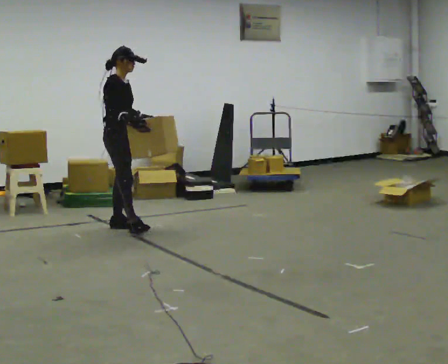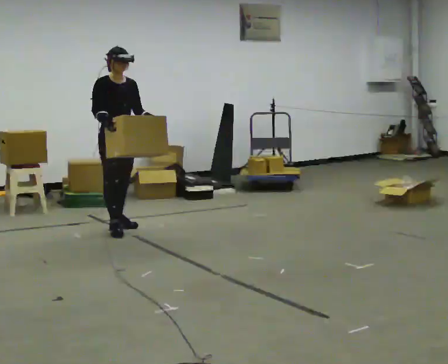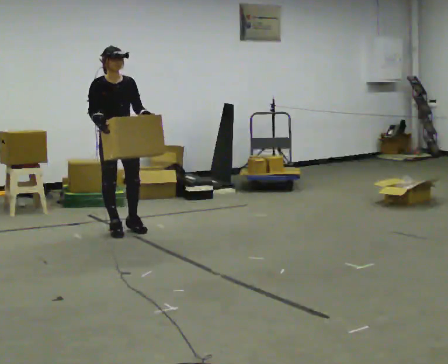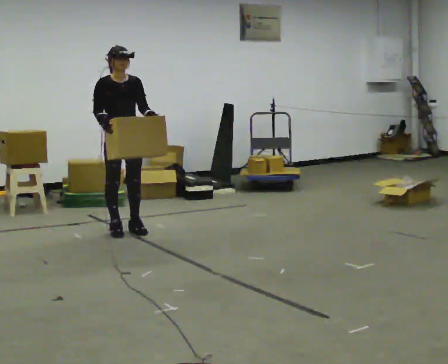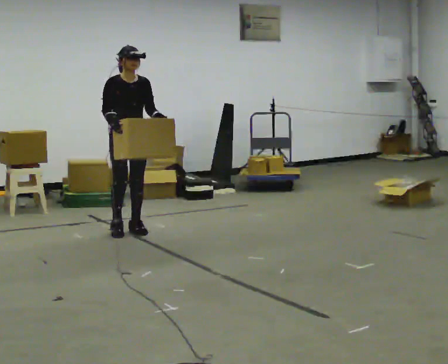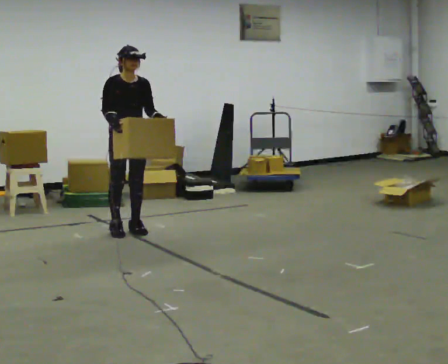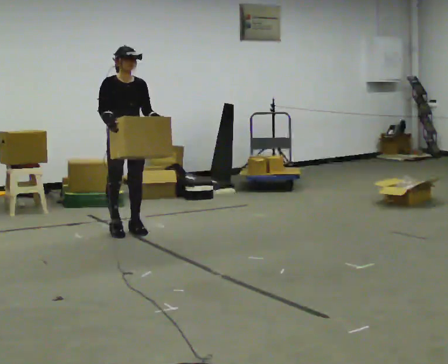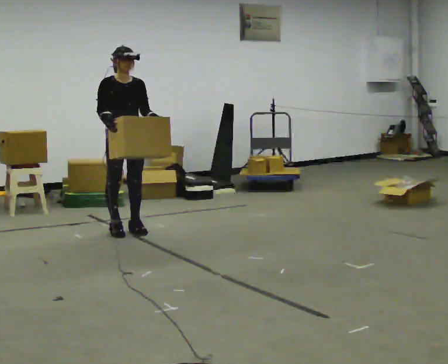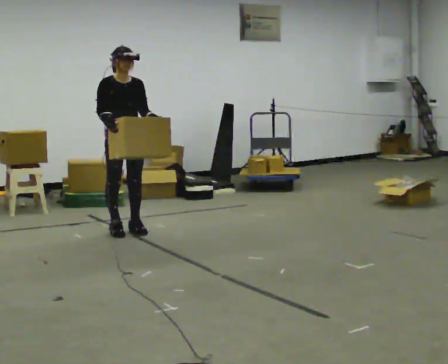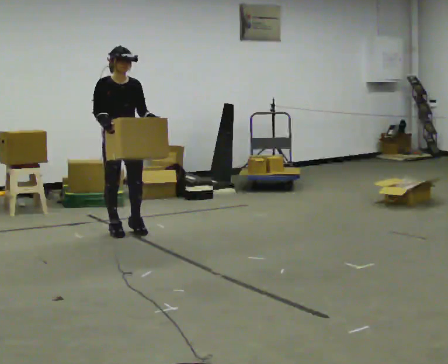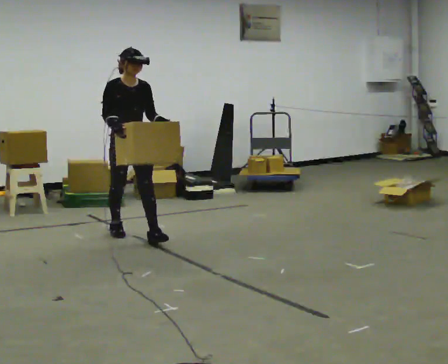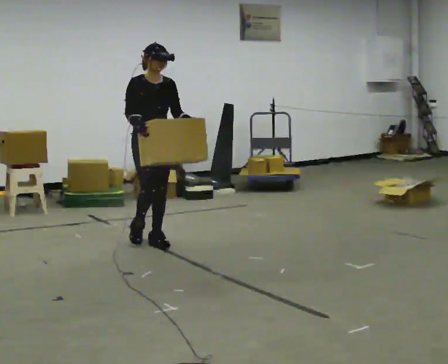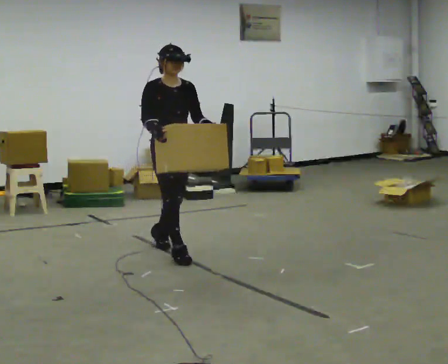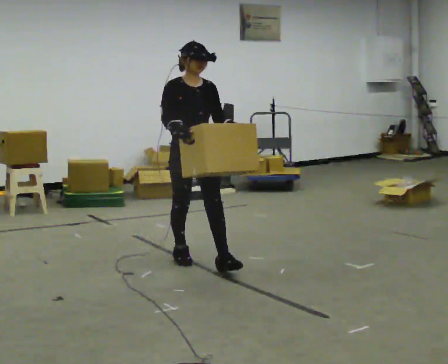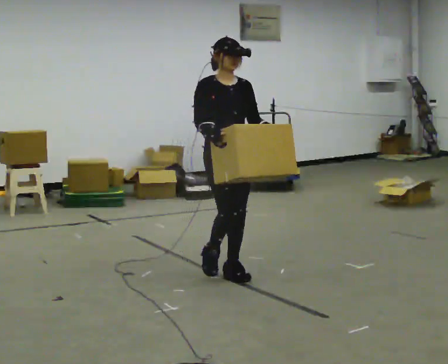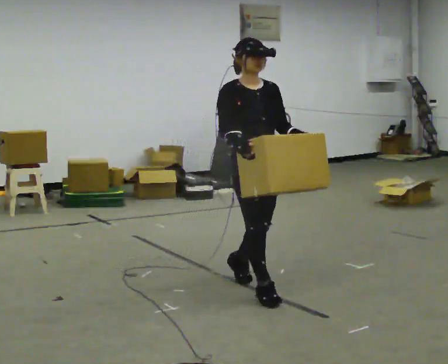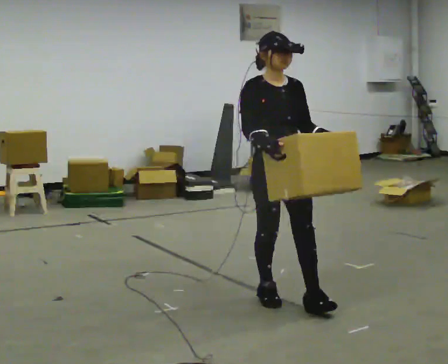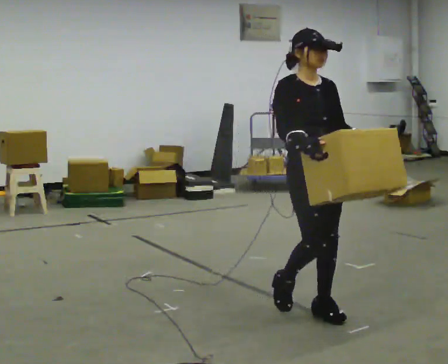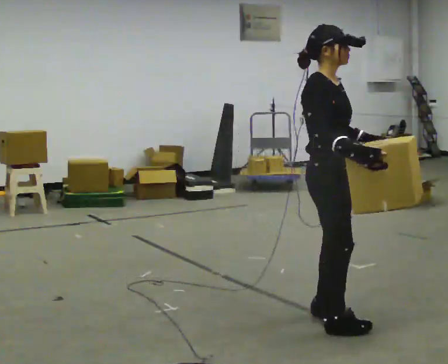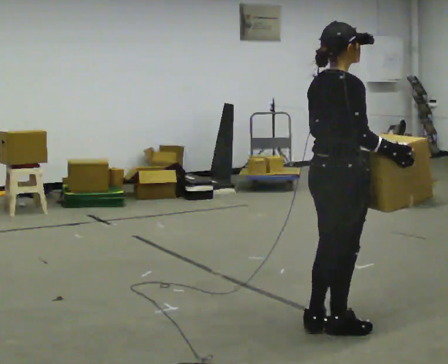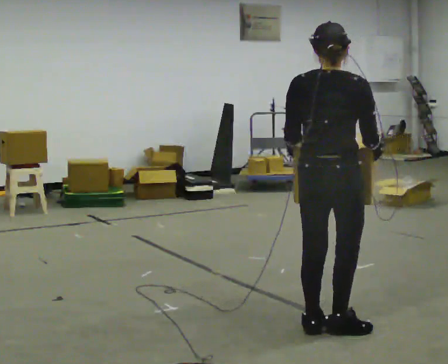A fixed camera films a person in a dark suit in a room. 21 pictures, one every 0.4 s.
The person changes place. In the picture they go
toward the camera.
0.0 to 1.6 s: The part of the body nearest the lens slides to the left as the person turns to their right by about 45 degrees.
1.6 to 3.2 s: The person moves a little, or ends about where they began.
3.2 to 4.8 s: In the picture they go toward the camera and to the right, about 1 m in 2 steps, which for them is forward.
4.8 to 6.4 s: In the picture they go toward the camera and to the right, about 1.5 m in 2 steps, which for them is forward.
6.4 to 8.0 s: Seen from above the body turns counterclockwise, about 135 degrees: to their left, with its near side sliding to the right. In the picture they go toward the camera and to the right, about 0.5 m in 3 steps.
The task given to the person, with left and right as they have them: Carry the box in both hands and walk back and forth across the room. The contents may move around. Carry on as best you can.
The film runs forward here.
